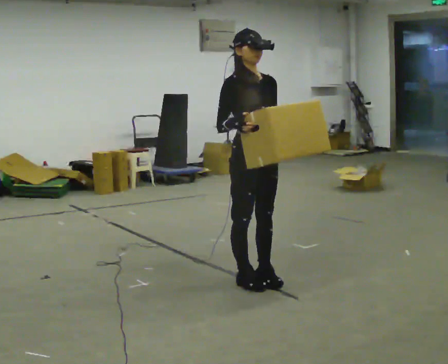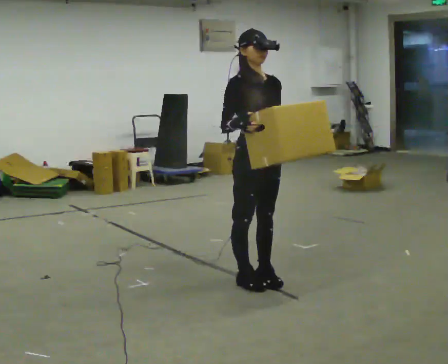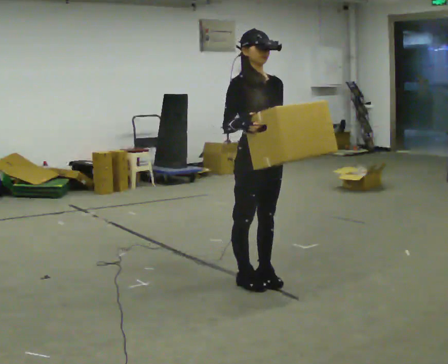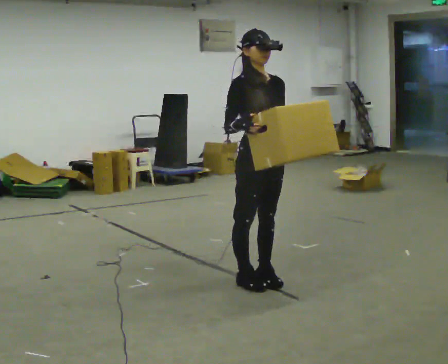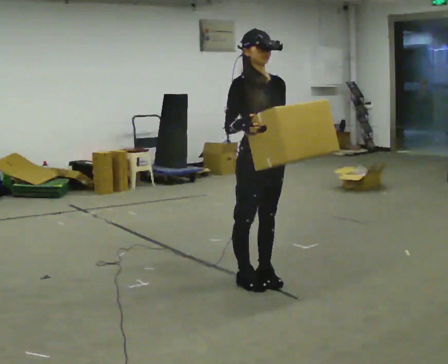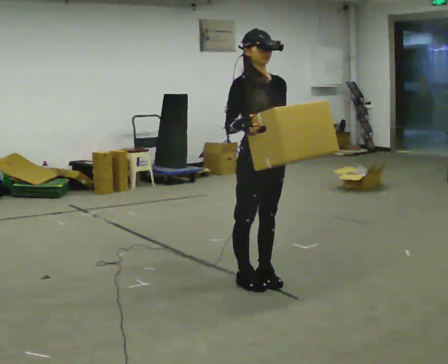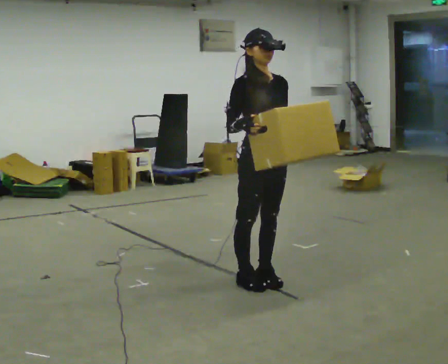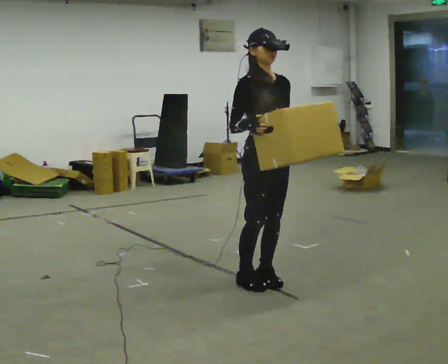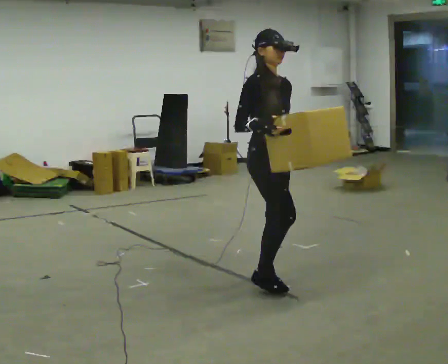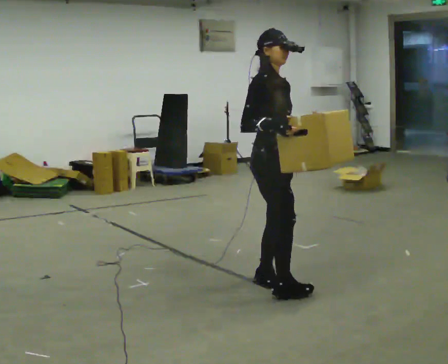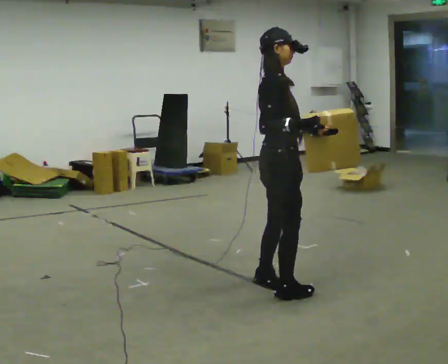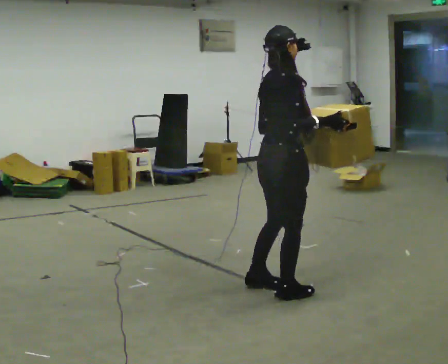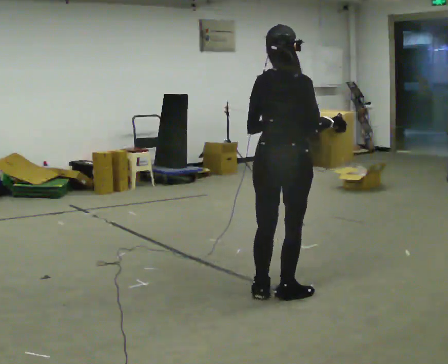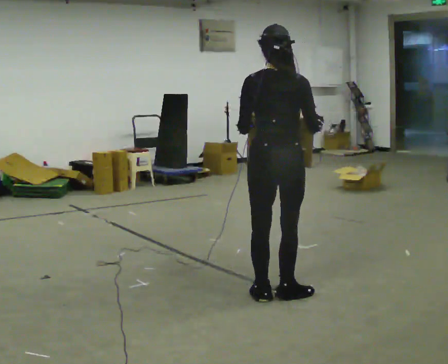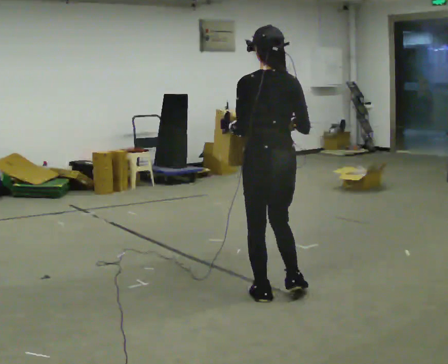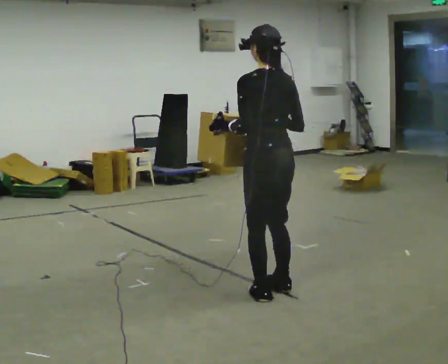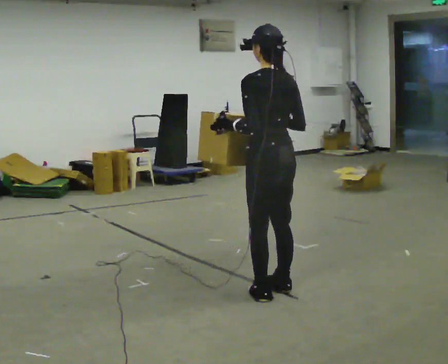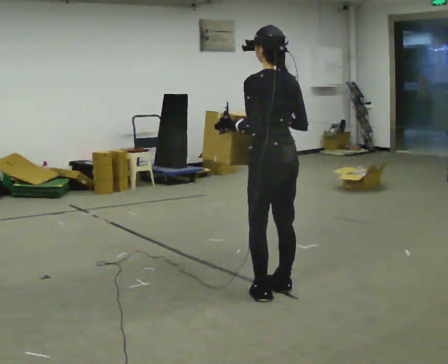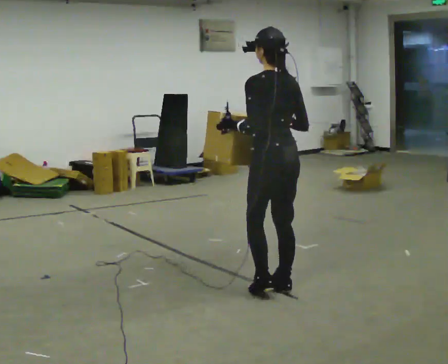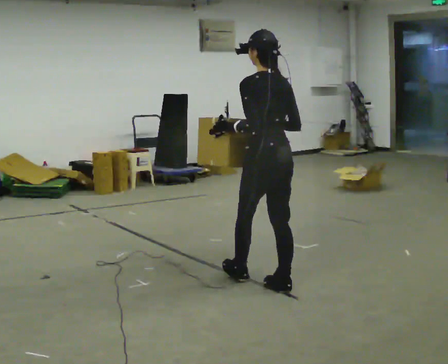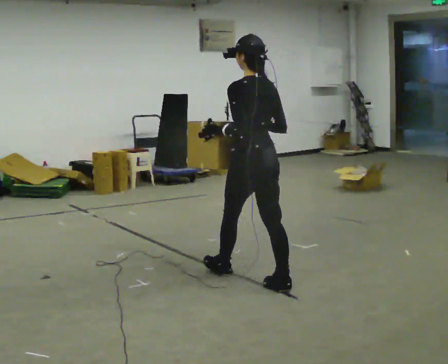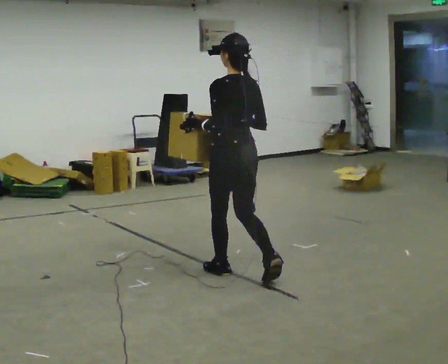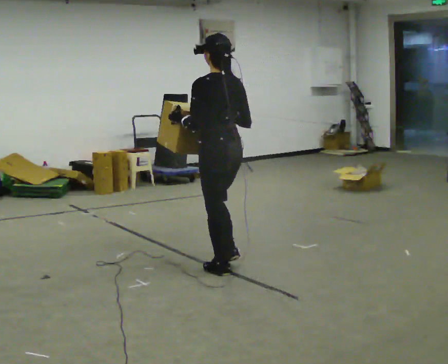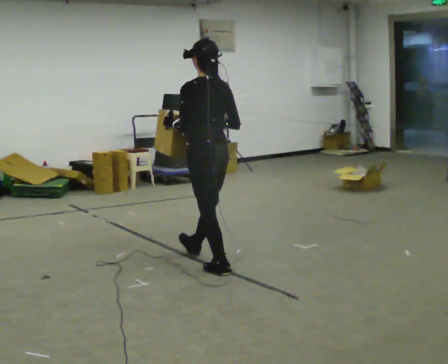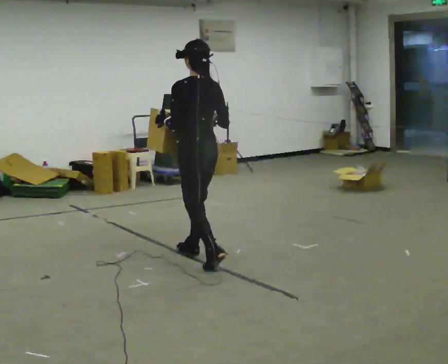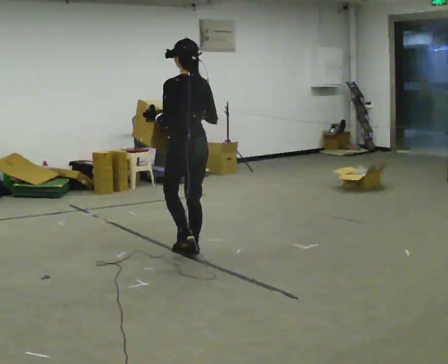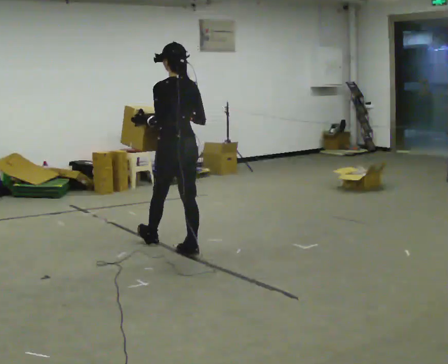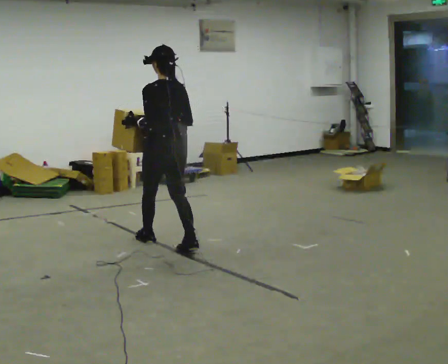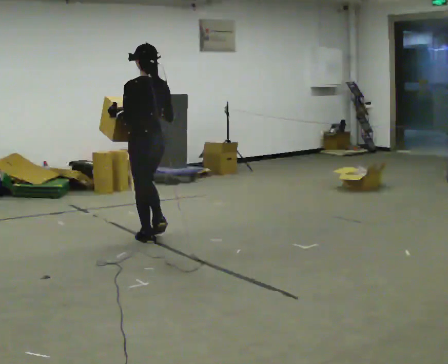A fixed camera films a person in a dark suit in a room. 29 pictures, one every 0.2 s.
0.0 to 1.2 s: The person moves a little, or ends about where they began.
1.2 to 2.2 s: Seen from above the body turns counterclockwise, about 75 degrees: to their left, with its near side sliding to the right. In the picture they go toward the camera, about 0.25 m in 1 step. In the picture their right hand goes to the right.
2.2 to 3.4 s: The person turns about 105 degrees to their left, counterclockwise seen from above, so the part of the body nearest the lens slides to the right.
3.4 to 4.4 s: In the picture they go to the left and away from the camera, about 0.5 m in 1 step, which for them is forward.
4.4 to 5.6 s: In the picture they go to the left and away from the camera, about 1 m in 2 steps, which for them is forward.
The film runs forward here.
